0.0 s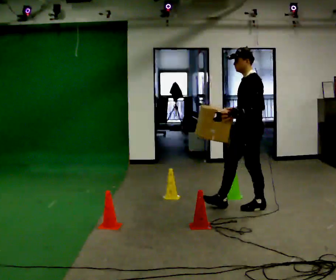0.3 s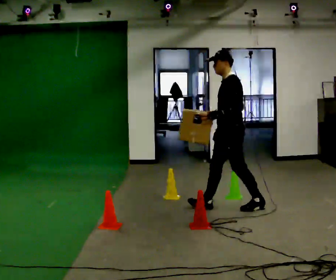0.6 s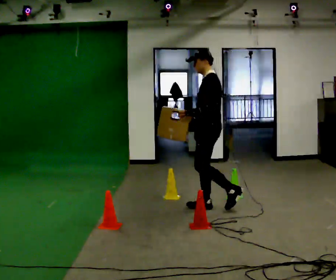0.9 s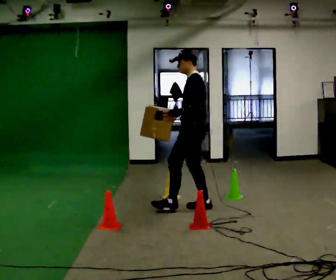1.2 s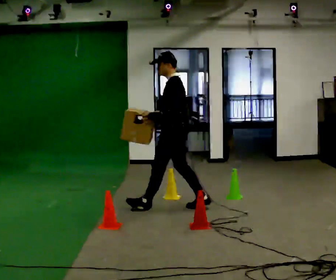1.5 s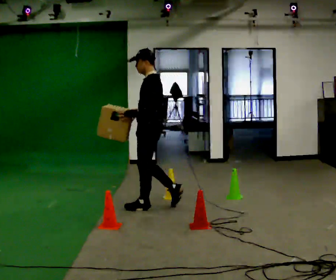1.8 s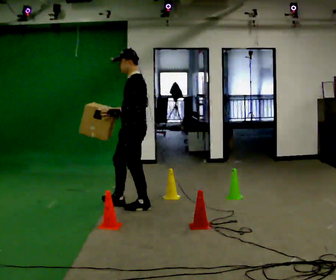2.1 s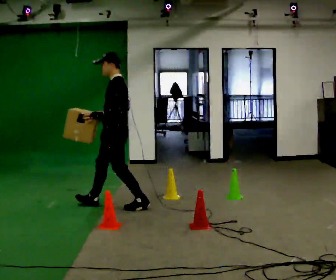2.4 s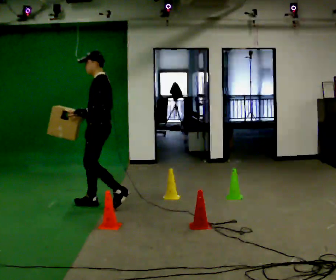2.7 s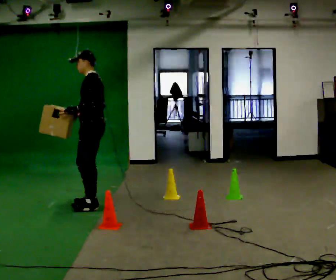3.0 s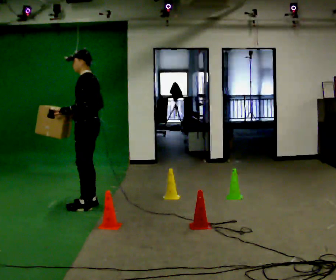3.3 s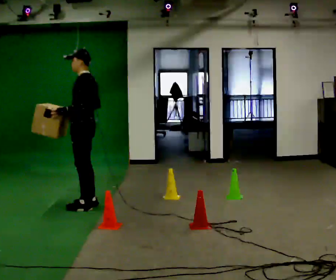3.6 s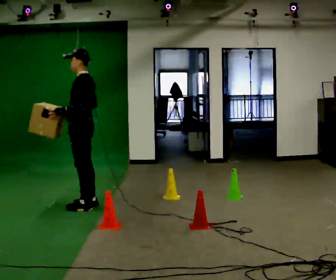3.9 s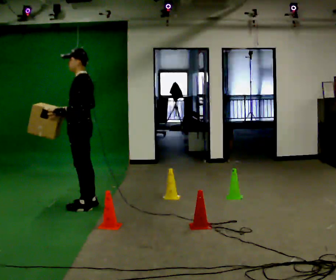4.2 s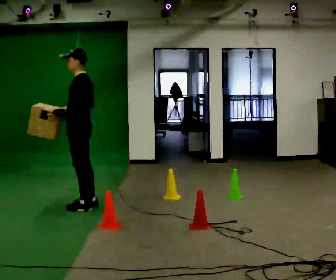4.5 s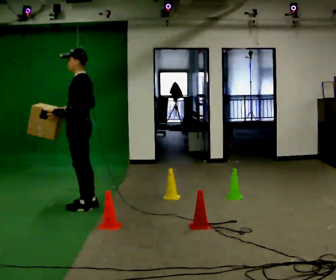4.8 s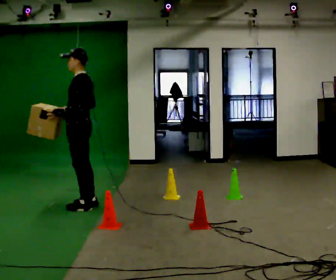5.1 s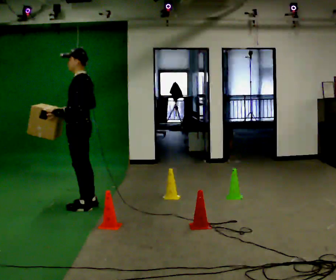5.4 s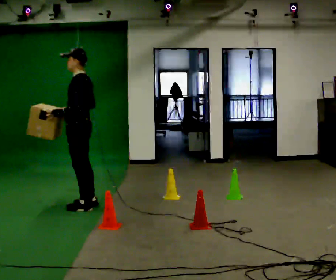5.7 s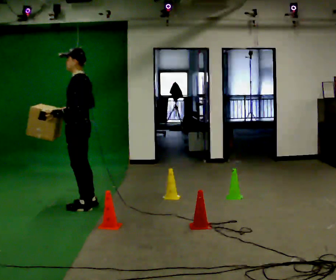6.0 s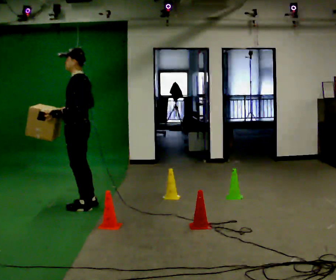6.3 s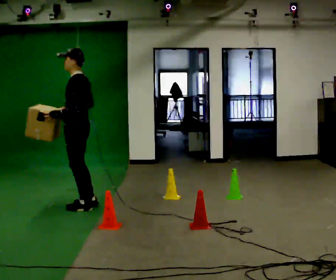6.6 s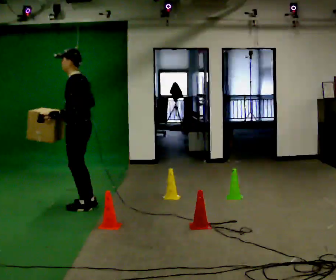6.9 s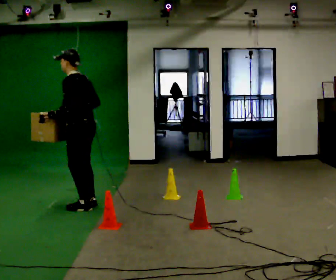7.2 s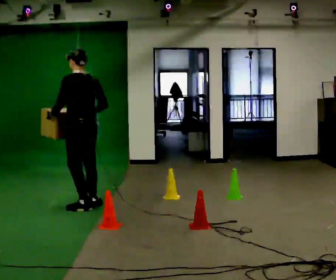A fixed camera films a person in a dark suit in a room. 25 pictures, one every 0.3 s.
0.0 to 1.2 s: In the picture they go to the left, about 1 m in 2 steps, which for them is forward.
1.2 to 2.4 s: In the picture they go to the left, about 1 m in 1 step, which for them is forward.
2.4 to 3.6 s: In the picture they go to the left, about 0.25 m in 1 step, which for them is forward.
3.6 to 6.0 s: The person moves a little, or ends about where they began.
6.0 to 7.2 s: The person turns about 45 degrees to their right, clockwise seen from above, so the part of the body nearest the lens slides to the left.
The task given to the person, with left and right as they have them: Carry the box through the gap between the panels without touching either side, then set it down and bring it back. Keep going until the operator says stop; one object at a time, and do not rush between trips.
The film runs forward here.
